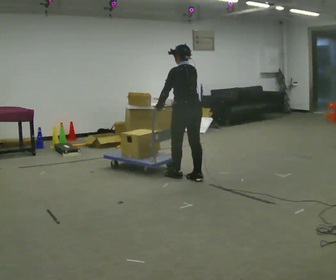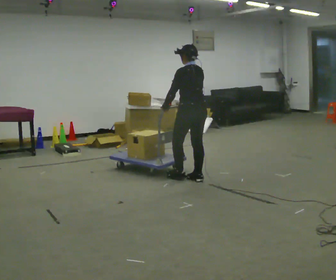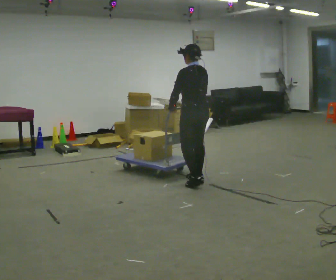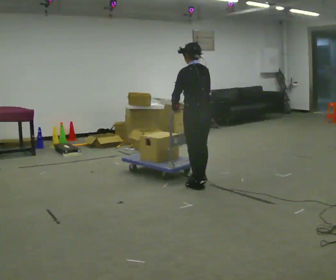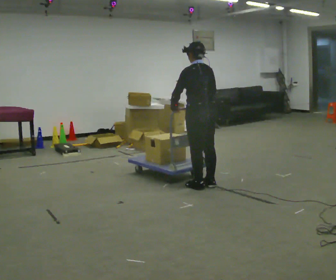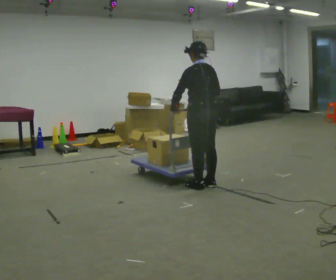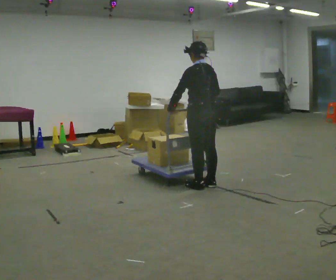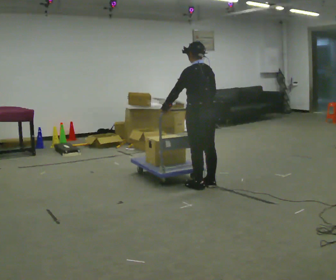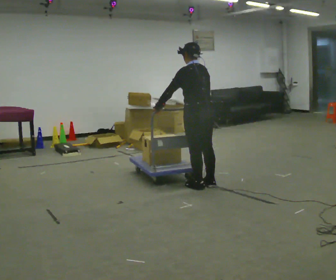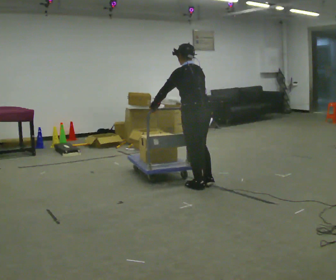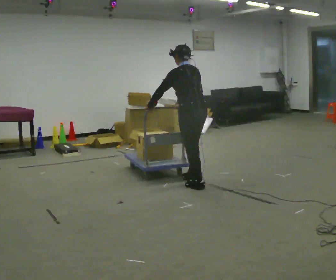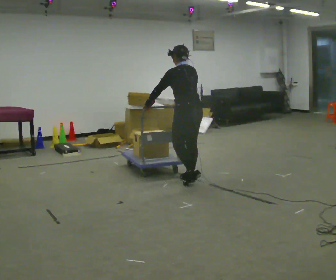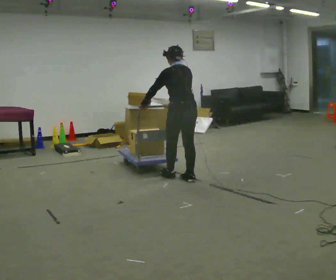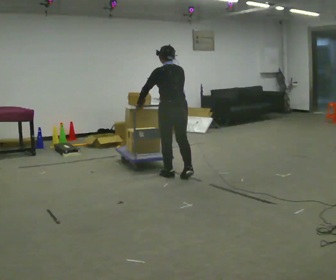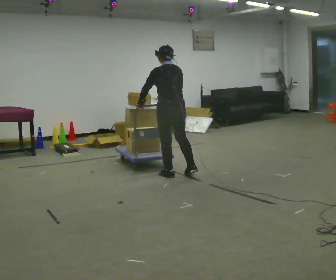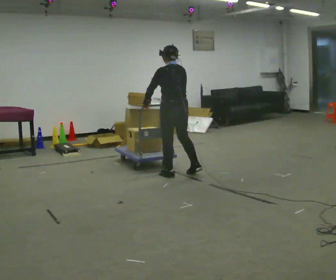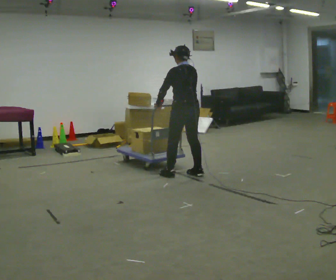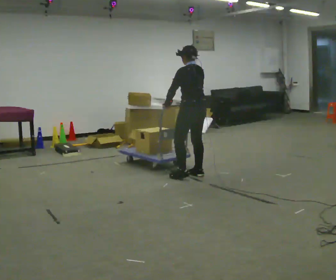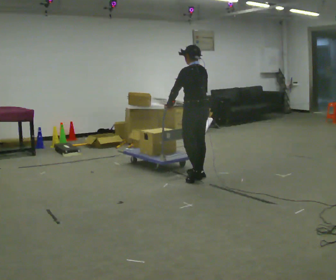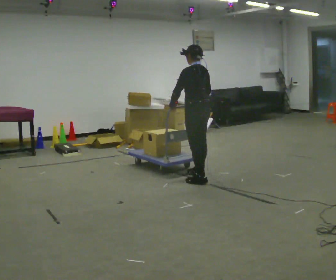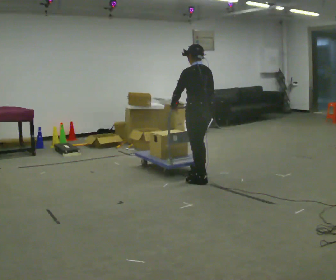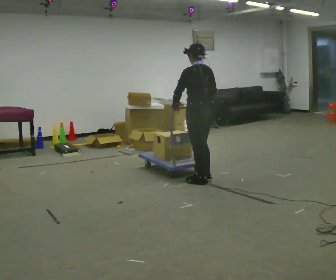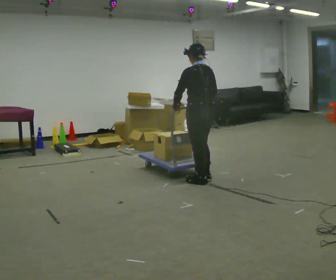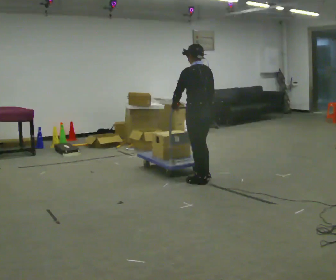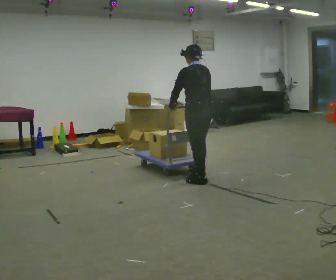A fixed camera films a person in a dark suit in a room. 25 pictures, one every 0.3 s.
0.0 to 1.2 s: In the picture they go toward the camera and to the right, about 0.5 m in 2 steps, which for them is backward.
1.2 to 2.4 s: The person moves a little, or ends about where they began.
2.4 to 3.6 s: In the picture they go away from the camera and to the left, about 0.25 m in 1 step, which for them is forward.
3.6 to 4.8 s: In the picture they go away from the camera, about 0.25 m in 2 steps, which for them is forward.
4.8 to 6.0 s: In the picture they go toward the camera and to the right, about 0.25 m in 1 step, which for them is backward.
6.0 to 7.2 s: The person moves a little, or ends about where they began.
The film runs forward here.
